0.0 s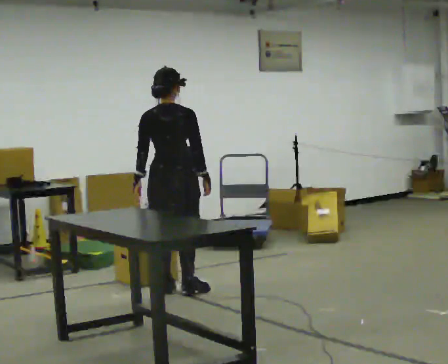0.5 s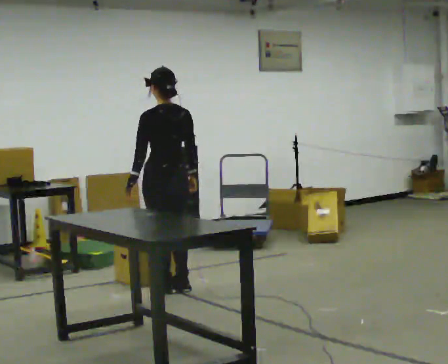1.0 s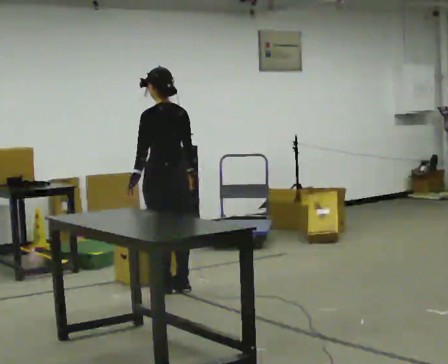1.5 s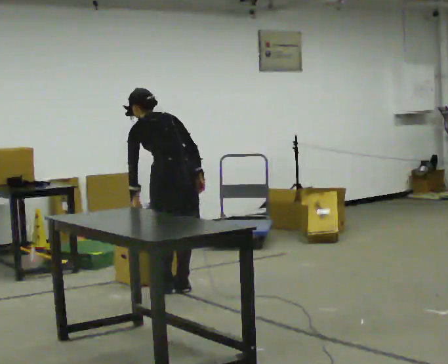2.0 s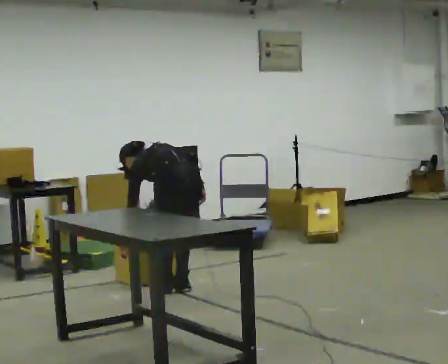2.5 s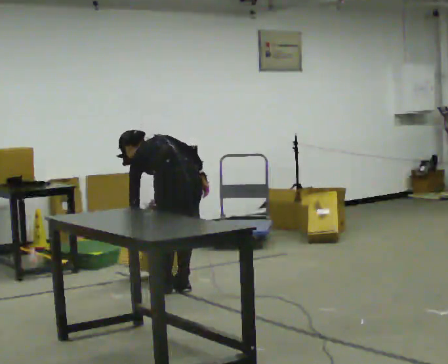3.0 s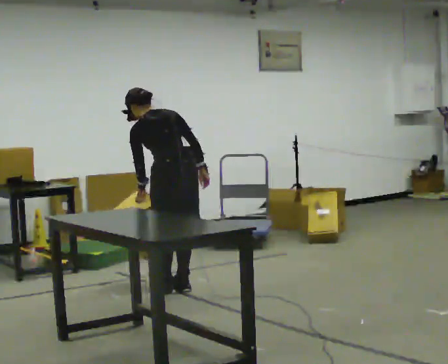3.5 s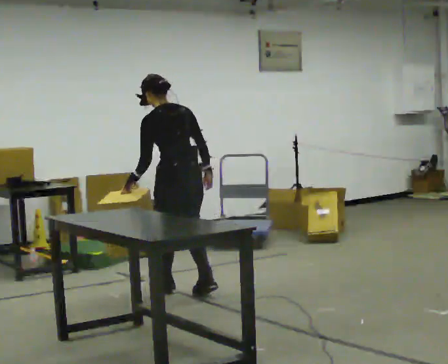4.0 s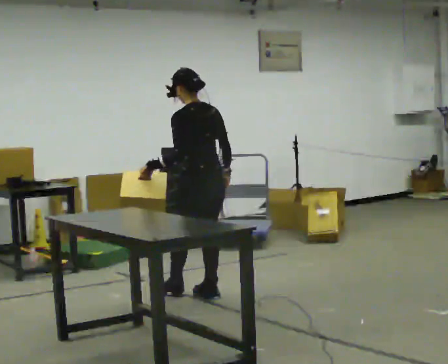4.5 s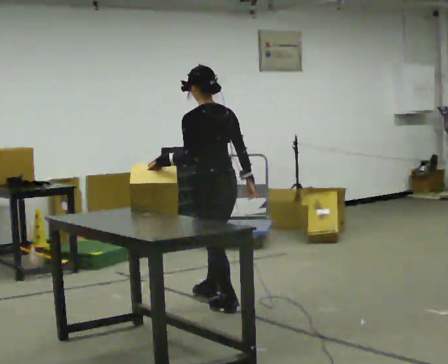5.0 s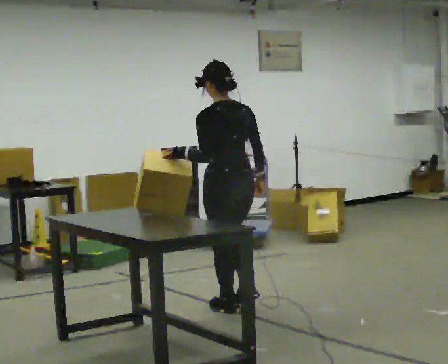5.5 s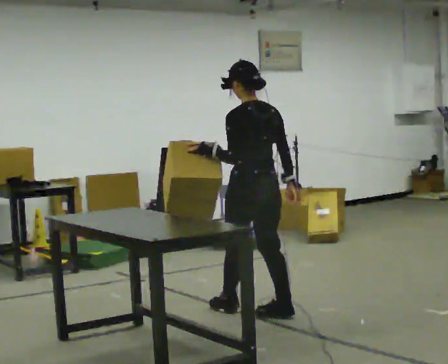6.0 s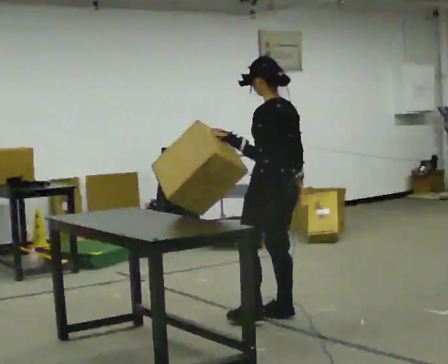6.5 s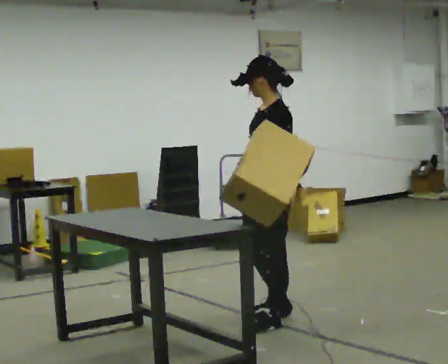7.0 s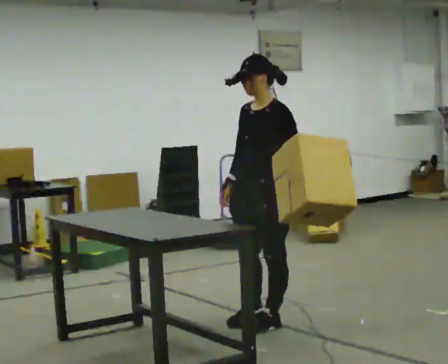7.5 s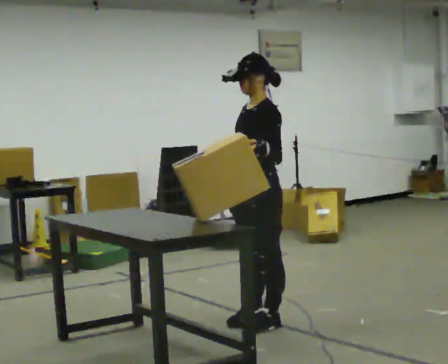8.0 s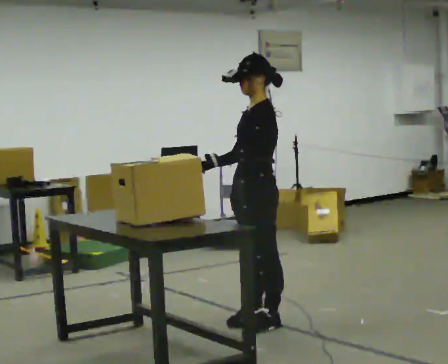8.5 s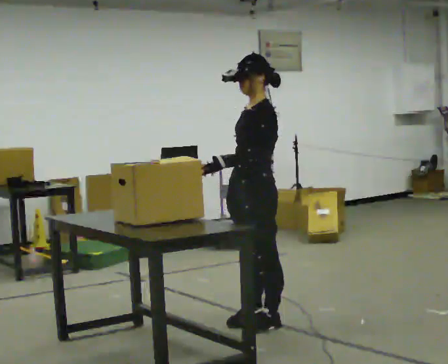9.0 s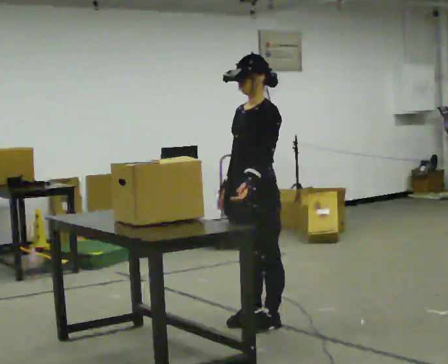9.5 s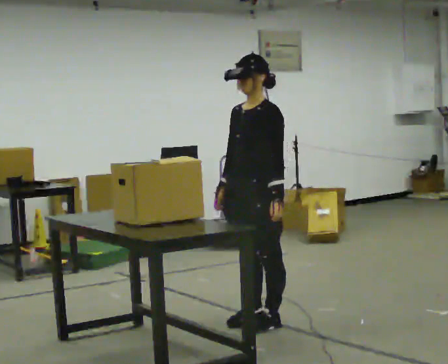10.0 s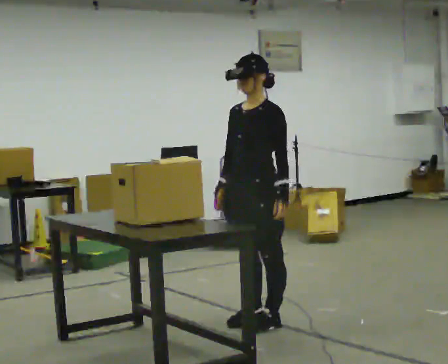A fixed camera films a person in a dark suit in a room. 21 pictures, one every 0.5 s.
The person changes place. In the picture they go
toward the camera.
0.0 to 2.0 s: The person turns about 30 degrees to their left, counterclockwise seen from above, so the part of the body nearest the lens slides to the right. The shoulders move downward. The upper body tips away from the camera, its near side rolling upward, as they bend forward.
2.0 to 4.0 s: In the picture they go to the right, about 0.25 m in 2 steps, which for them is backward and to their right. The upper body goes upward. The upper body tips toward the camera, its near side rolling downward, as they lean back or straighten.
4.0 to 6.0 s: In the picture they go toward the camera and to the right, about 1 m in 2 steps, which for them is backward.
6.0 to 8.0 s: Seen from above the body turns counterclockwise, about 45 degrees: to their left, with its near side sliding to the right. In the picture they go toward the camera, about 0.25 m in 1 step. In the picture their right hand goes to the left.
8.0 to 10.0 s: Seen from above the body turns counterclockwise, about 45 degrees: to their left, with its near side sliding to the right. In the picture their left hand goes to the right, the arm swinging counterclockwise.
The film runs backward here.
